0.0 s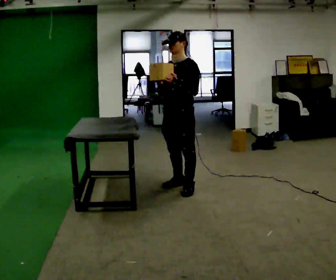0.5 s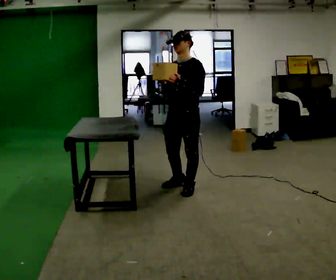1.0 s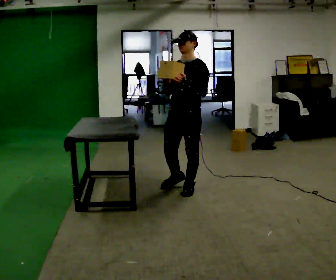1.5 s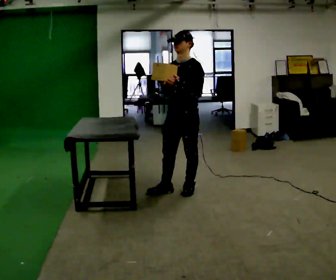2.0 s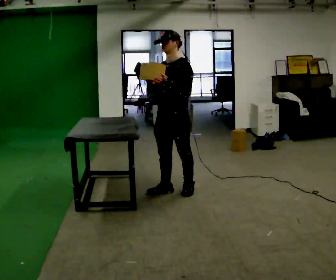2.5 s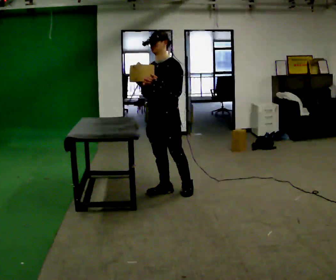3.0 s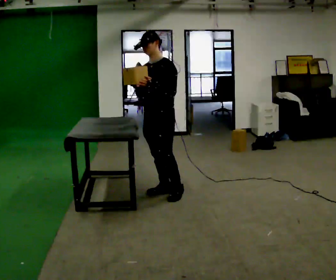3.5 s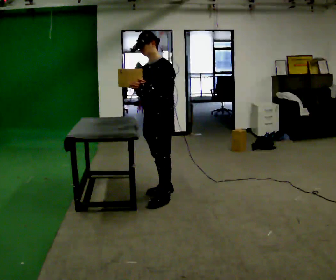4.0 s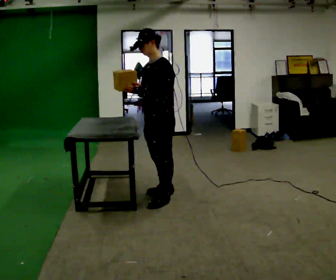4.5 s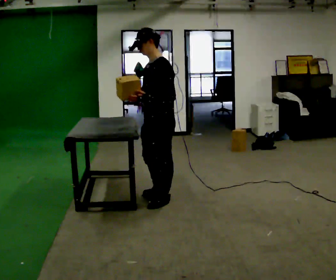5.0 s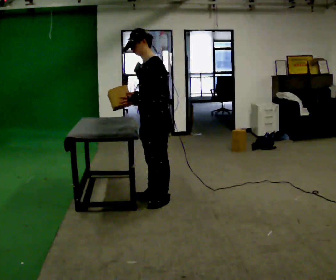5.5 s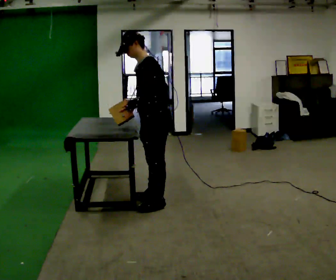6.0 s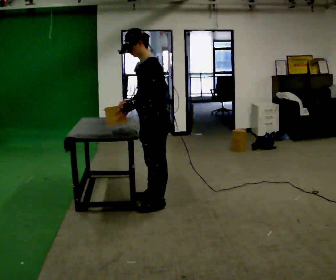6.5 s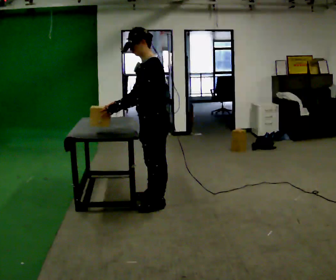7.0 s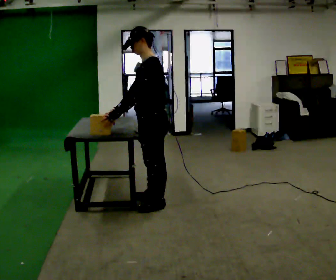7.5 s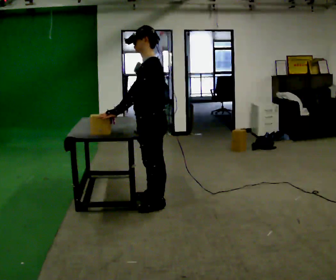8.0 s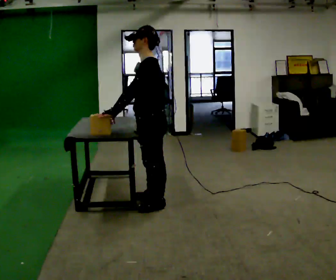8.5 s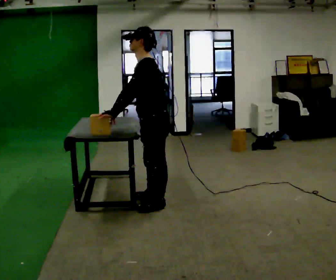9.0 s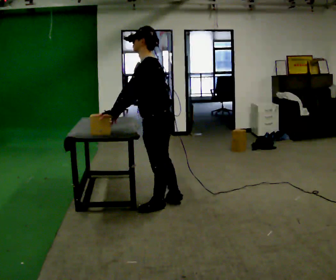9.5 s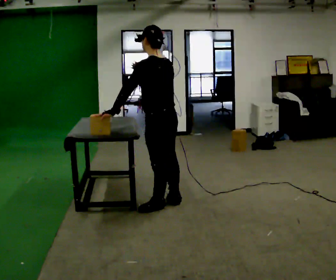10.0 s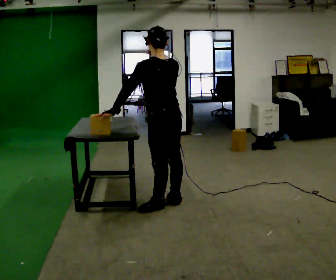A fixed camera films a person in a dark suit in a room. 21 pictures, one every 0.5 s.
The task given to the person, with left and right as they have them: Pick an object up off the floor at one end of the room, carry it across, and place it on the waist-height shelf at the other end. Keep going until the operator says stop; one object at a time, and do not rush between trips.
0.0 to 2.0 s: The person moves a little, or ends about where they began.
2.0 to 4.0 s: The part of the body nearest the lens slides to the left as the person turns to their right by about 30 degrees. In the picture they go toward the camera, about 0.25 m in 1 step, which for them is forward.
4.0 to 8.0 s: In the picture they go toward the camera, about 0.25 m in 2 steps, which for them is to their left.
8.0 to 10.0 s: Seen from above the body turns clockwise, about 45 degrees: to their right, with its near side sliding to the left. In the picture their right hand goes upward and to the right.
The film runs forward here.
